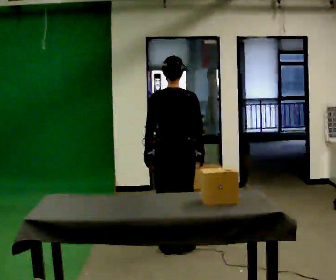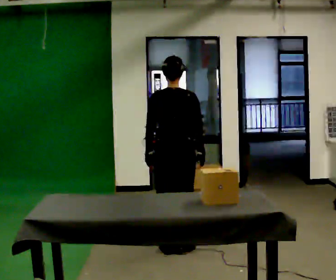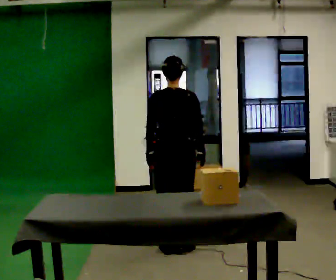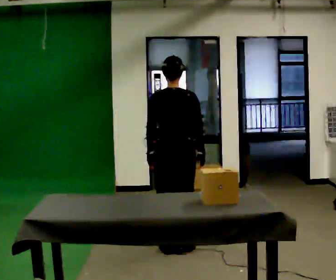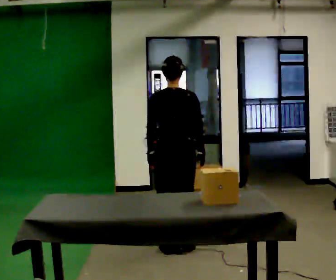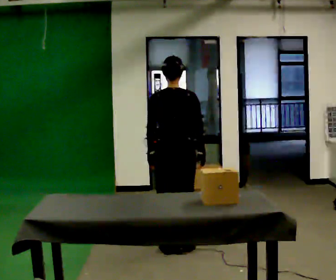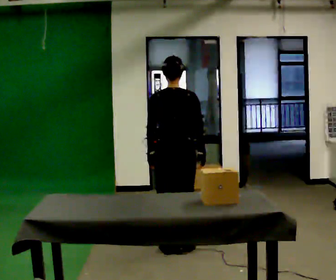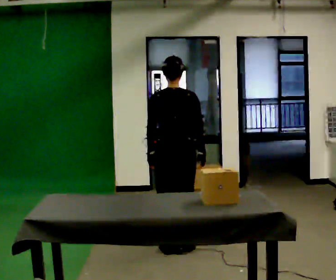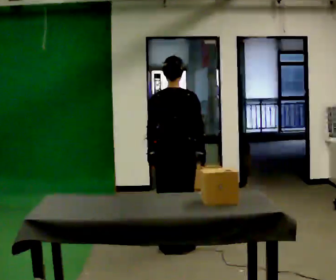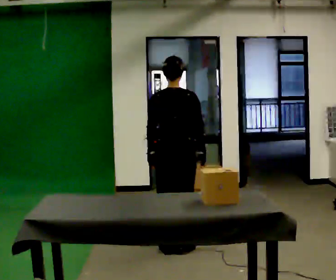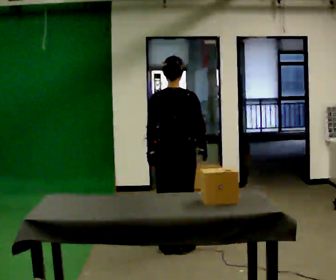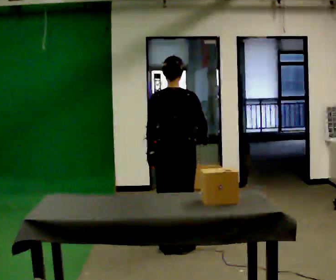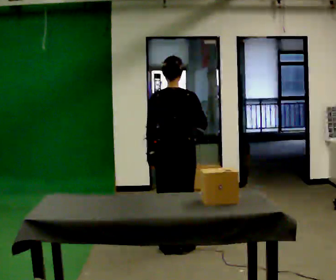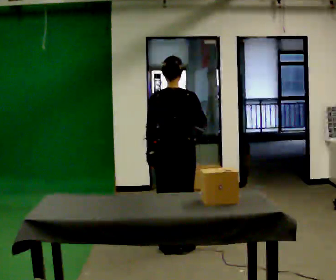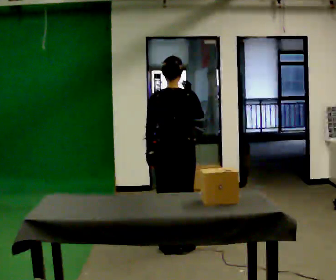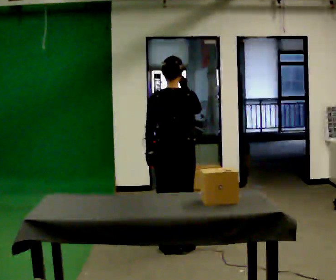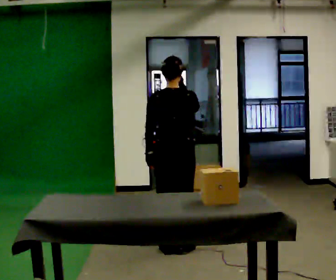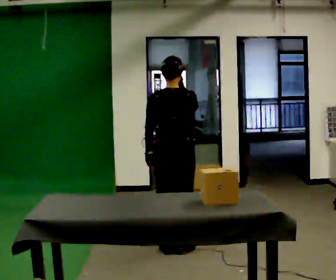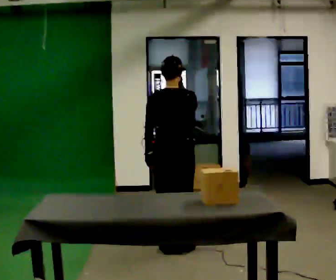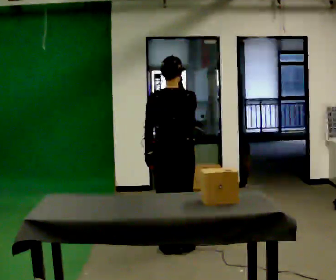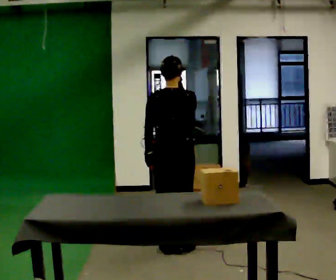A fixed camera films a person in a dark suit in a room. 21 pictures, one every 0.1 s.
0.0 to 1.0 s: The person moves a little, or ends about where they began.
1.0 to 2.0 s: In the picture their right hand goes upward.
The film runs forward here.
